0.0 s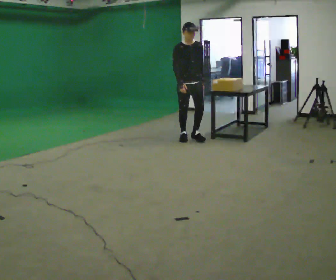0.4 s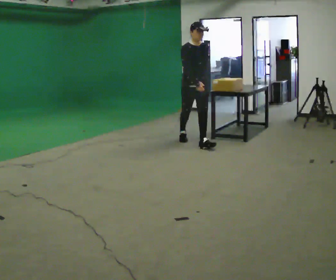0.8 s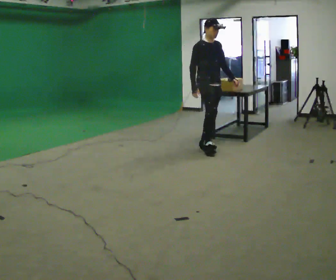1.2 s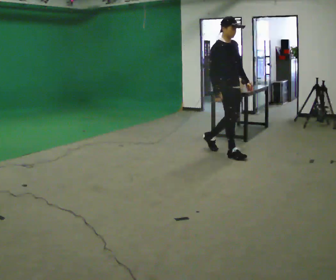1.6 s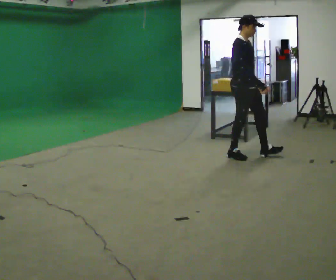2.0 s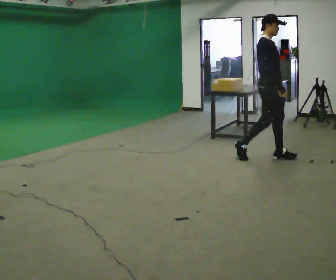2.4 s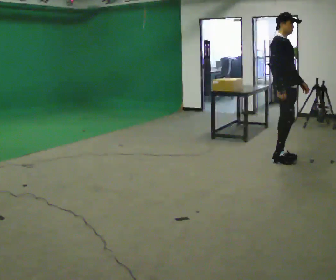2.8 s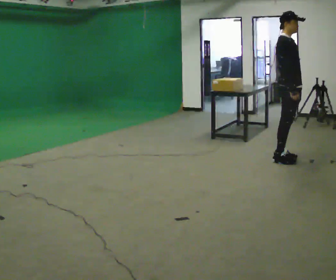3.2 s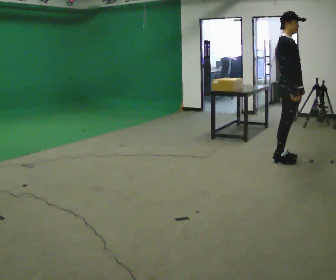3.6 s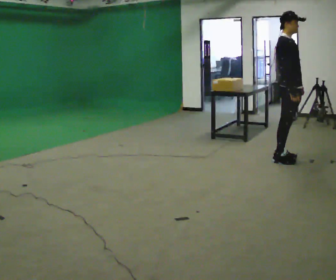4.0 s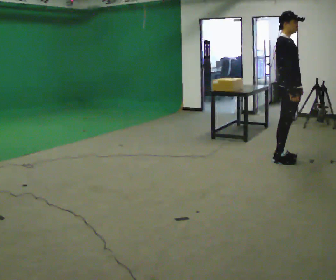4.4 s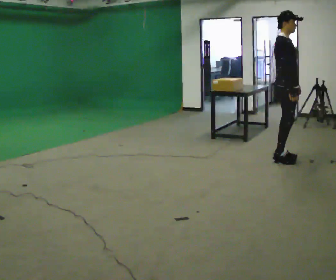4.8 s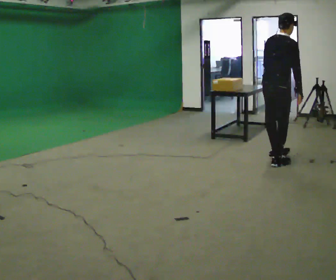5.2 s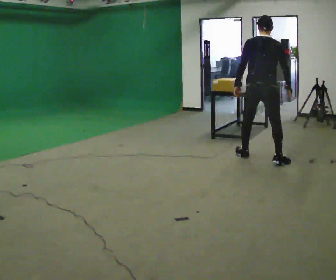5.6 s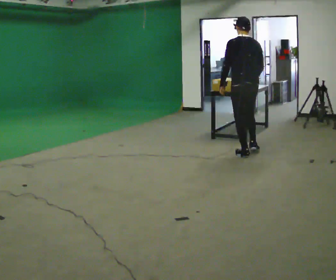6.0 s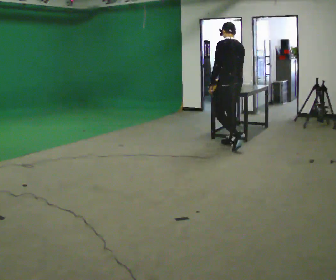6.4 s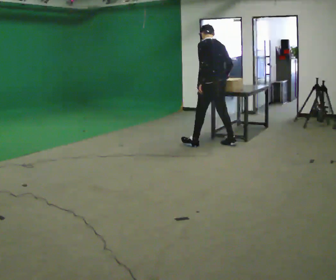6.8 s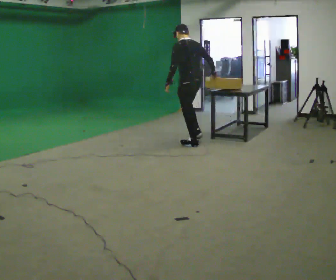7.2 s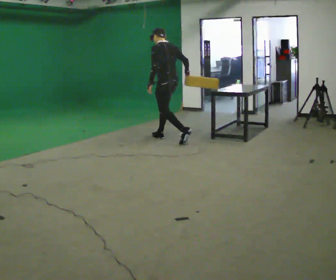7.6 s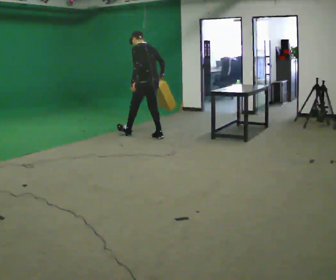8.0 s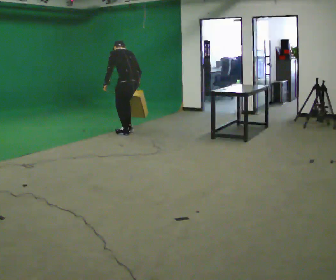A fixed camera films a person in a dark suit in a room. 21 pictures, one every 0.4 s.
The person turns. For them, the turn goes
to their left.
The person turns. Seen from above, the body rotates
counterclockwise.
0.0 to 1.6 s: The person turns about 45 degrees to their left, counterclockwise seen from above, so the part of the body nearest the lens slides to the right. In the picture they go to the right and toward the camera, about 1 m in 2 steps, which for them is forward.
1.6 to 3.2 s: In the picture they go to the right, about 0.5 m in 2 steps, which for them is forward.
3.2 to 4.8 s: Seen from above the body turns counterclockwise, about 60 degrees: to their left, with its near side sliding to the right. In the picture they go to the left, about 0.25 m in 1 step. In the picture the upper body tilts clockwise, shoulders to the right, as they bend forward.
4.8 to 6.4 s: The person turns about 90 degrees to their left, counterclockwise seen from above, so the part of the body nearest the lens slides to the right. In the picture they go to the left and away from the camera, about 1 m in 2 steps. In the picture the upper body tilts counterclockwise, shoulders to the left.
6.4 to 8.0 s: In the picture they go to the left, about 1.5 m in 3 steps, which for them is forward. In the picture the upper body tilts counterclockwise, shoulders to the left, as they bend forward.
The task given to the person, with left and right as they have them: Walk forward noticeably slower than normal; do not shuffle; stop.
The film runs forward here.
